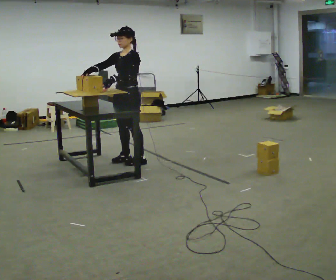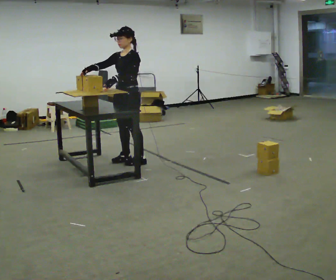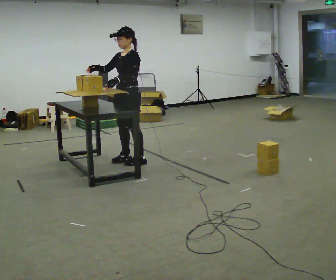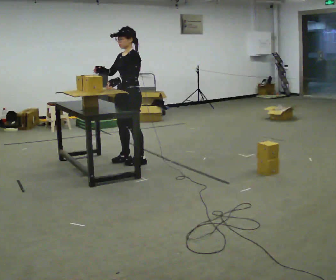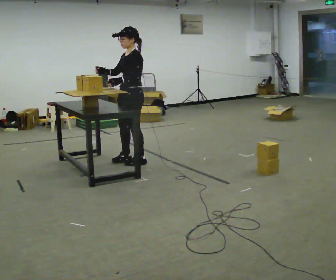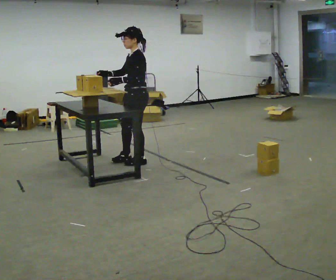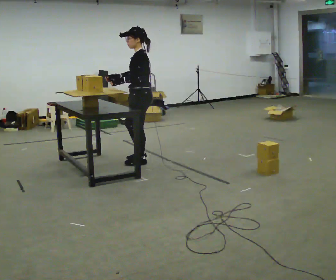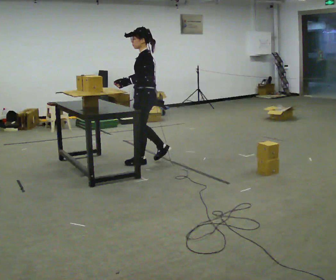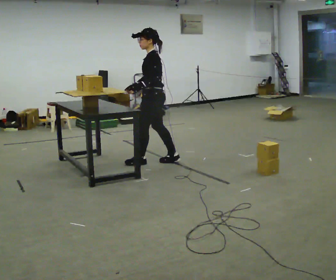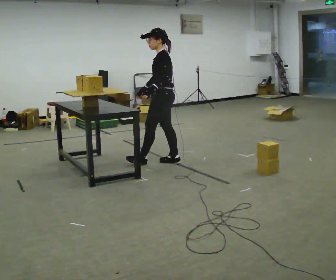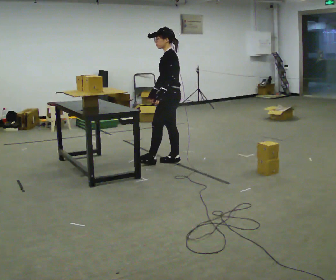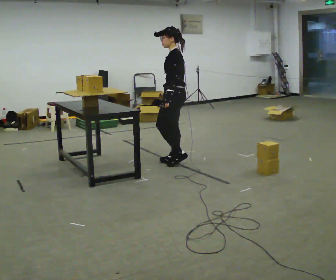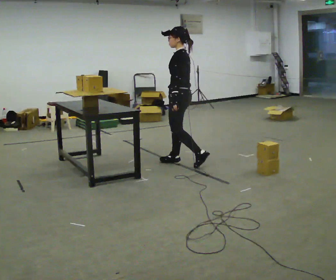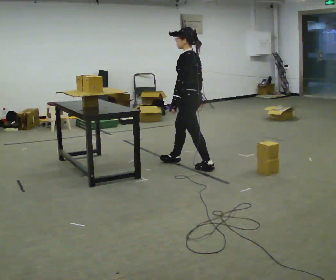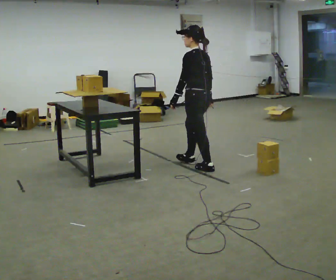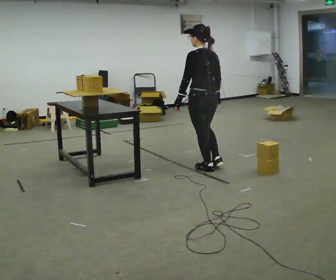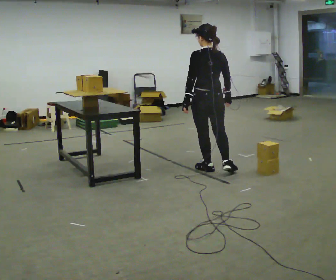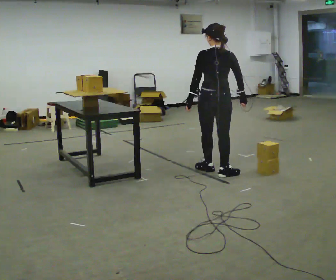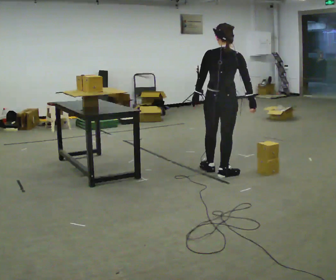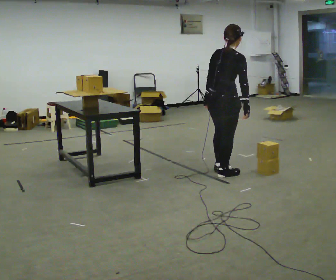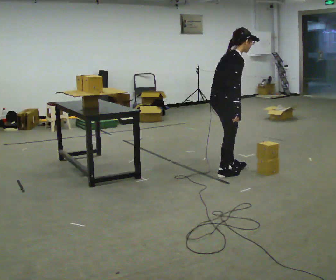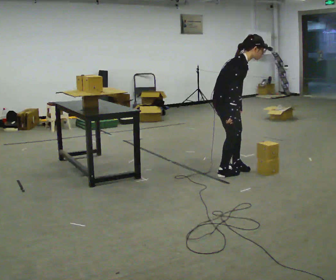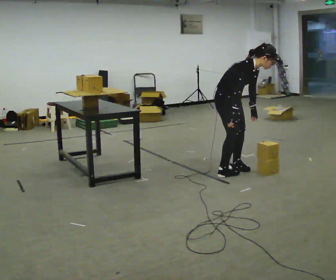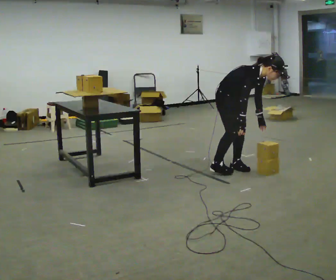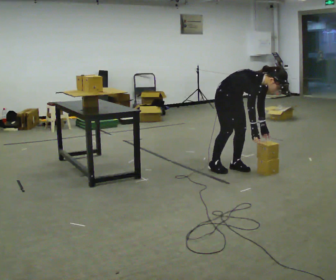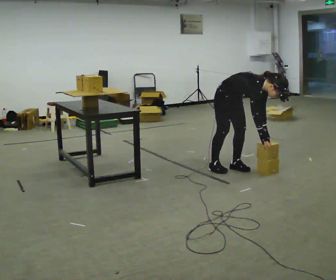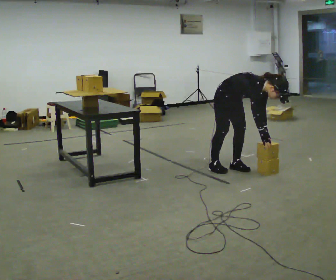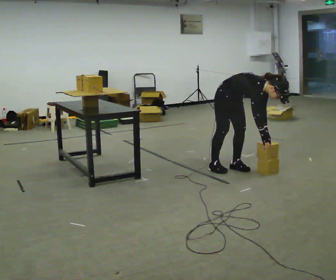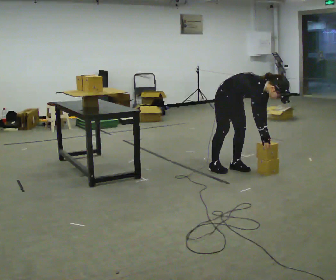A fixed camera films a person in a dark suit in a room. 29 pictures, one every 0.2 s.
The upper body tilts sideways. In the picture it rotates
clockwise.
The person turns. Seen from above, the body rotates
clockwise.
0.0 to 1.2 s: Seen from above the body turns clockwise, about 30 degrees: to their right, with its near side sliding to the left. In the picture they go to the right, about 0.25 m in 1 step, which for them is to their left.
1.2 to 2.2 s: In the picture they go to the right, about 0.5 m in 1 step, which for them is backward.
2.2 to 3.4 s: The part of the body nearest the lens slides to the left as the person turns to their right by about 90 degrees. In the picture they go toward the camera and to the right, about 0.5 m in 1 step.
3.4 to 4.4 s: The part of the body nearest the lens slides to the left as the person turns to their right by about 120 degrees. In the picture the upper body tilts clockwise, shoulders to the right, as they bend forward.
4.4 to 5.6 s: The shoulders move downward. The upper body tips toward the camera, its near side rolling downward, as they bend forward. In the picture their right hand goes to the right.
The film runs backward here.
